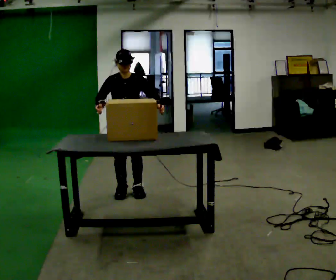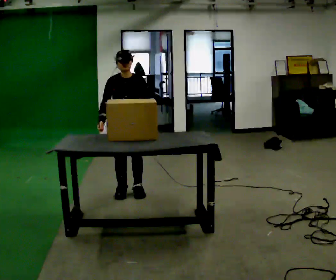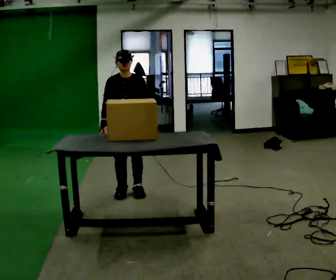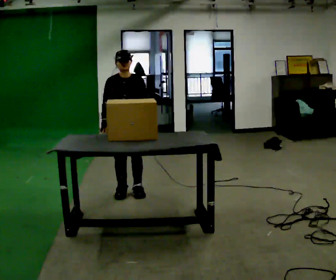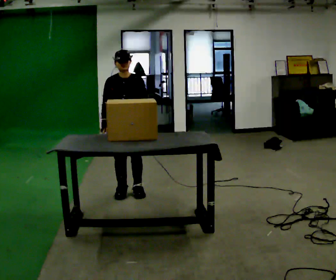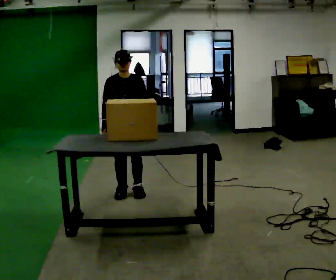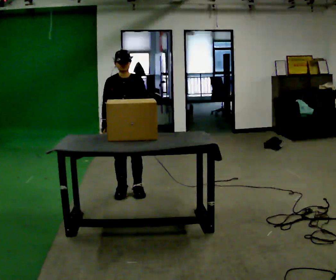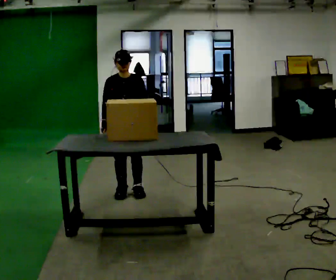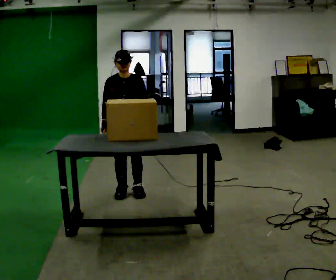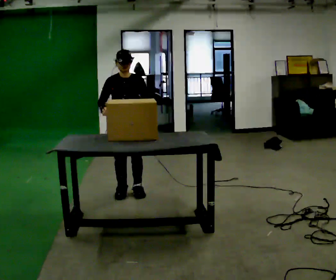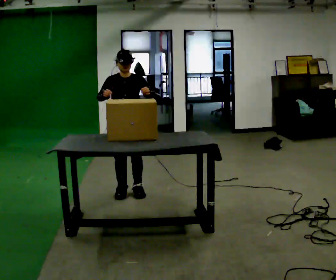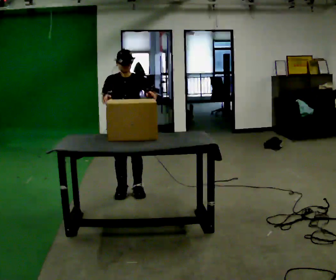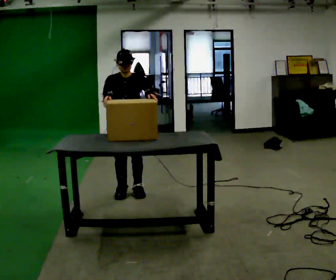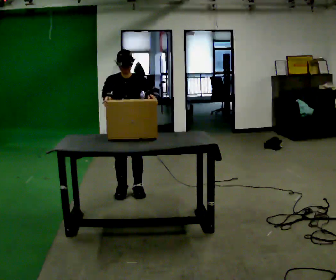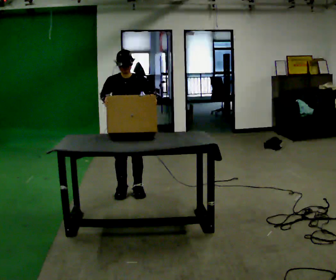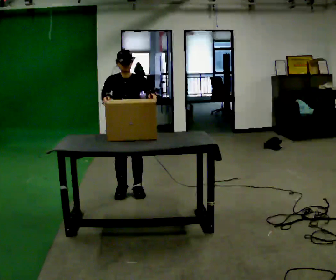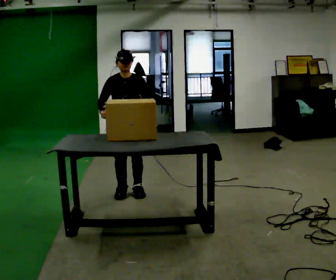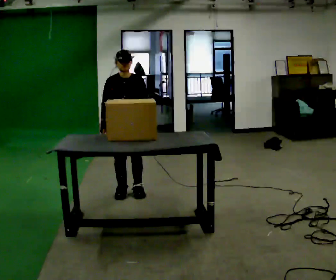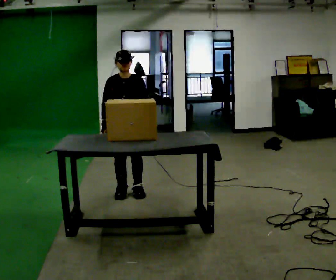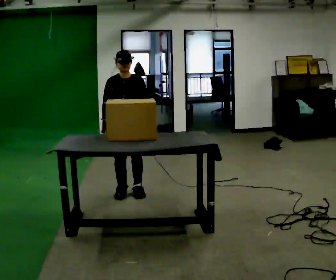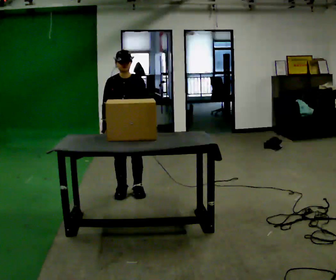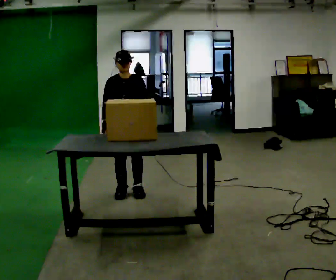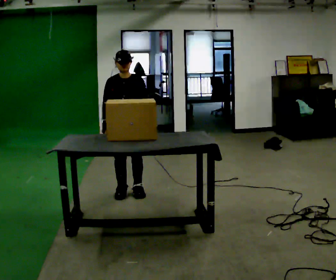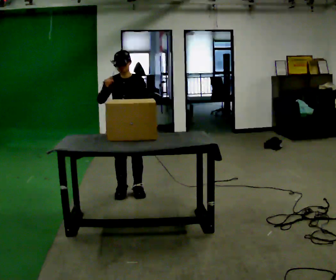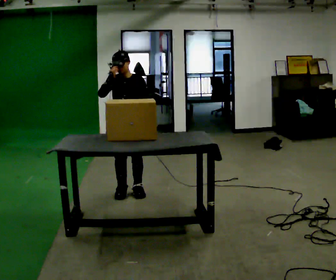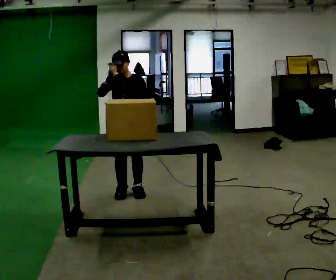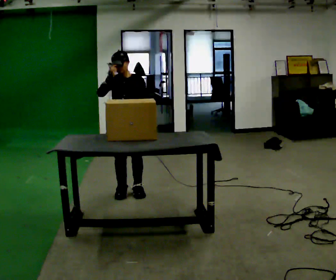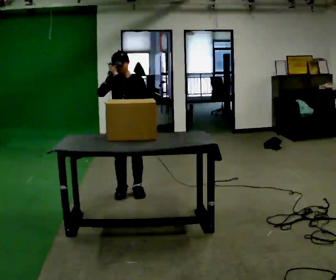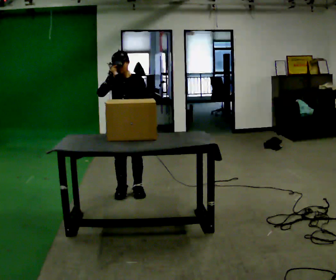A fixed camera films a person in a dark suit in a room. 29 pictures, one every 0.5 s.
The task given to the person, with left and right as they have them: Pick the fragile object up and set it back down as gently as you can. Repeat at your own pace until the operator says stop. Keep both feet on the marked spots for the whole take. If you have to step, stop and tell the operator.
0.0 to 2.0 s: The person moves a little, or ends about where they began.
2.0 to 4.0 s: The person keeps their place and pose.
4.0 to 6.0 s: In the picture their left hand goes upward.
6.0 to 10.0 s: The person moves a little, or ends about where they began.
10.0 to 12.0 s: In the picture their right hand goes upward.
12.0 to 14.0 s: The person keeps their place and pose.
The film runs forward here.
